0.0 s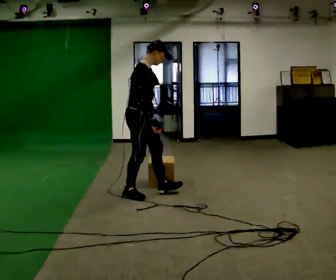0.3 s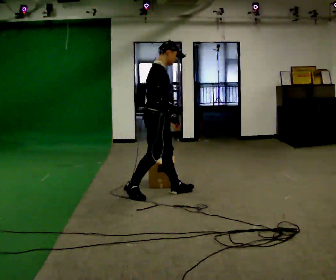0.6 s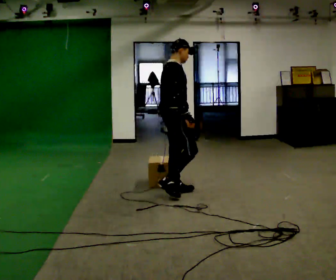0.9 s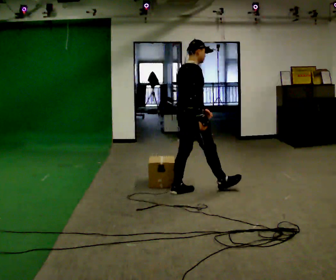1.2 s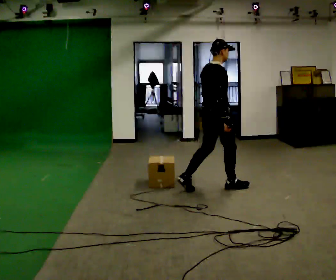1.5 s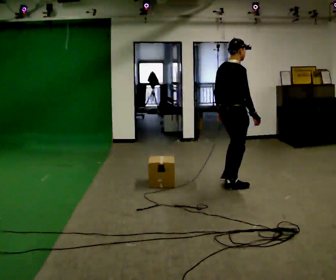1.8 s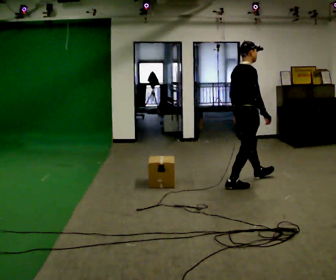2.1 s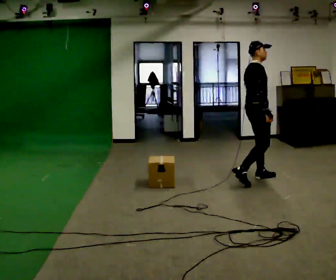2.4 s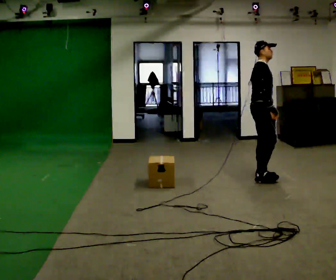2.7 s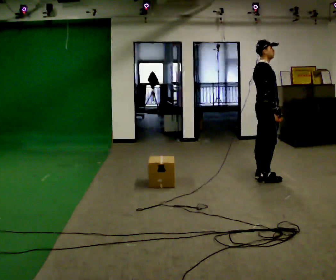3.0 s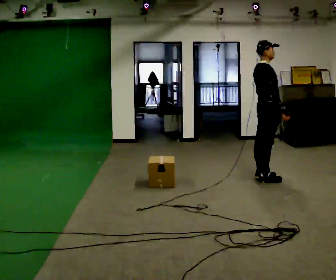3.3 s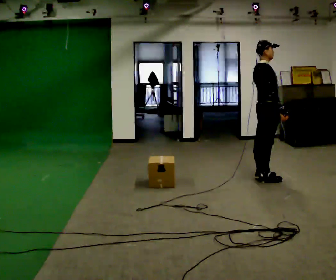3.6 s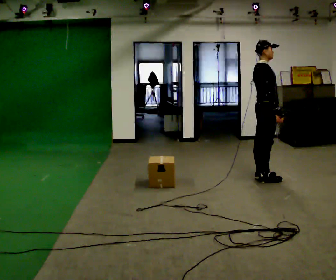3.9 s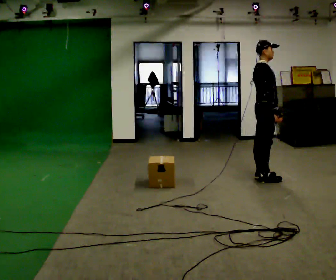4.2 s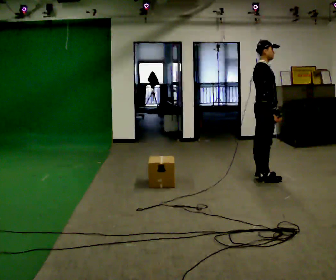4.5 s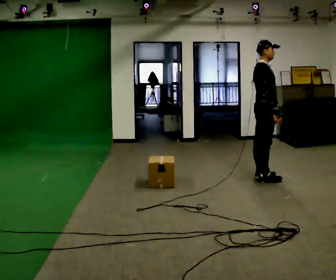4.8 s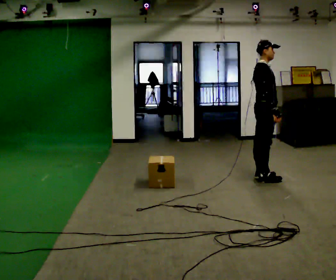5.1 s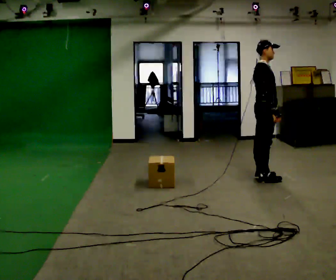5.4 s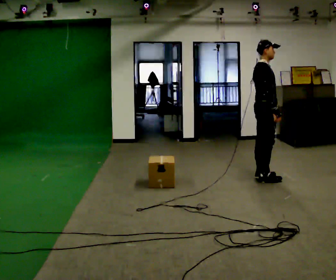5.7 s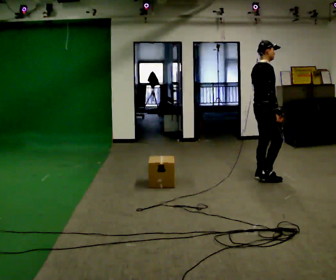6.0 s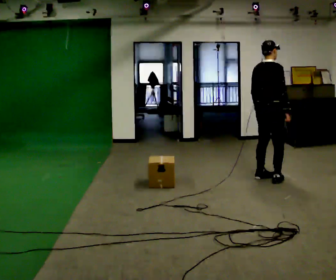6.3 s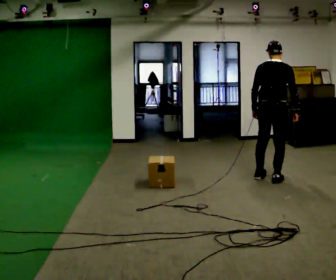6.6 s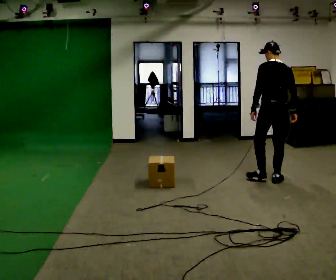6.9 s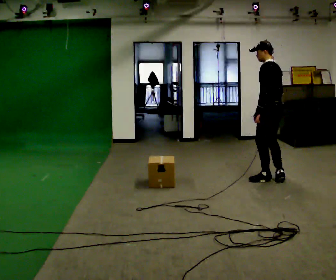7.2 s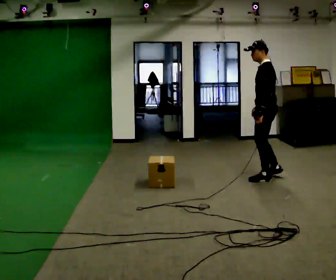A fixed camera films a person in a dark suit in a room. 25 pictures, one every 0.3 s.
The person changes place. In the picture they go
to the right.
0.0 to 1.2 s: The part of the body nearest the lens slides to the right as the person turns to their left by about 30 degrees. In the picture they go to the right and away from the camera, about 1 m in 2 steps, which for them is forward.
1.2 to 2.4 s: Seen from above the body turns clockwise, about 30 degrees: to their right, with its near side sliding to the left. In the picture they go to the right and away from the camera, about 0.75 m in 1 step, which for them is forward.
2.4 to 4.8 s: The person moves a little, or ends about where they began.
4.8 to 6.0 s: The part of the body nearest the lens slides to the right as the person turns to their left by about 45 degrees.
6.0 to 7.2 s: The part of the body nearest the lens slides to the right as the person turns to their left by about 120 degrees. In the picture their right hand goes to the left, the arm swinging clockwise.
The film runs forward here.
